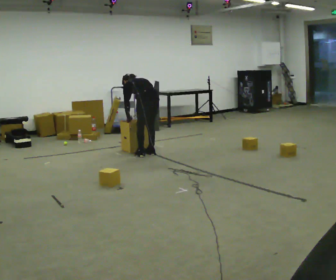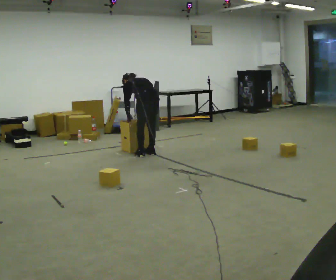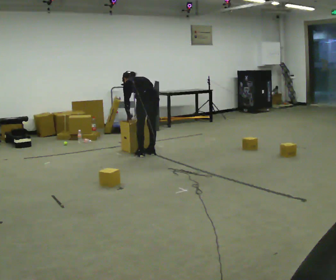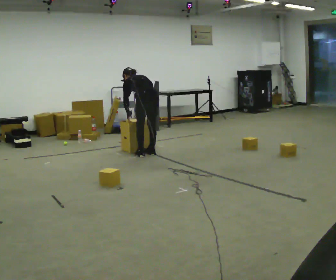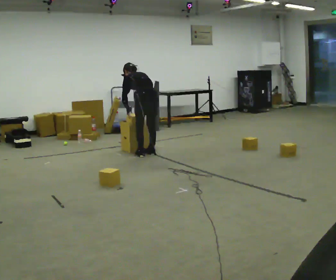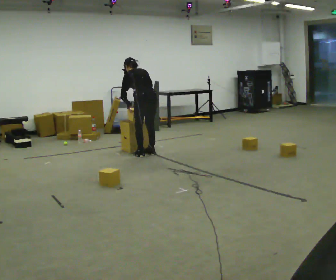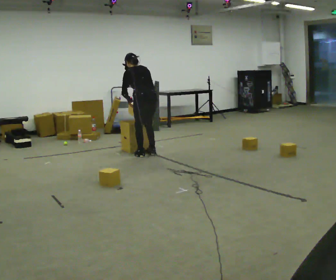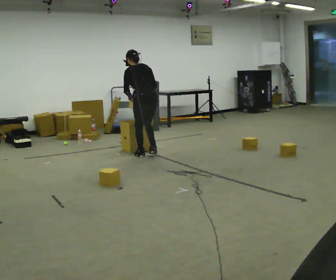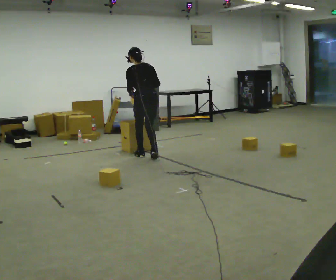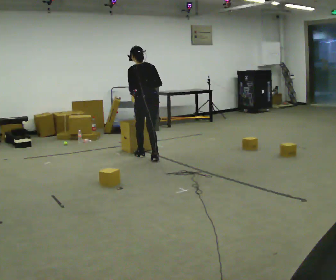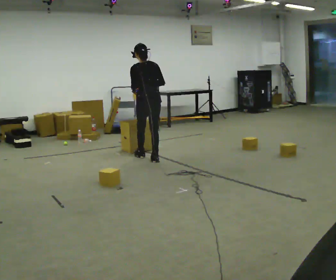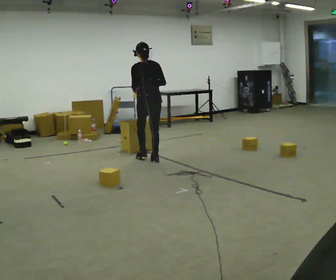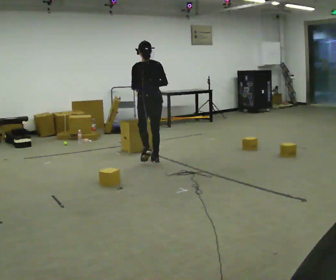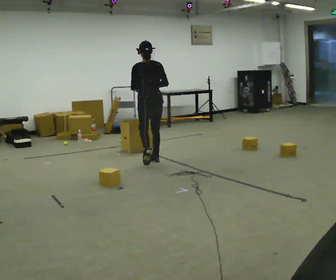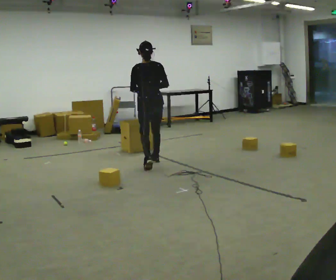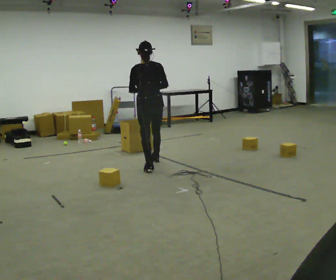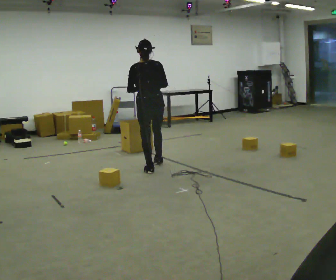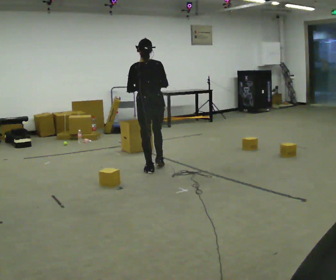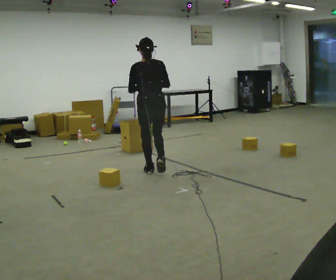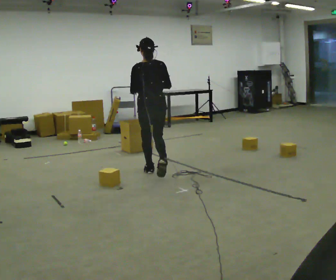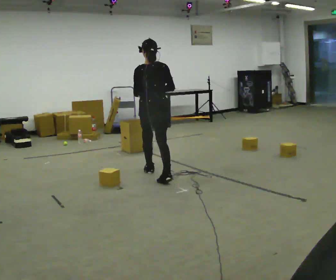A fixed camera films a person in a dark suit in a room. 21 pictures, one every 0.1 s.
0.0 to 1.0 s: In the picture they go toward the camera, about 0.25 m in 2 steps, which for them is backward. The upper body goes upward. The upper body tips toward the camera, its near side rolling downward, as they lean back or straighten. In the picture their right hand goes upward.
1.0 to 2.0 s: In the picture they go toward the camera, about 0.5 m in 1 step, which for them is backward.
The film runs backward here.
